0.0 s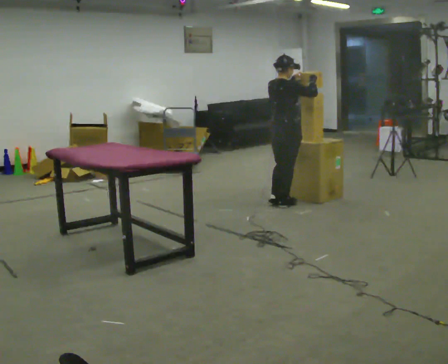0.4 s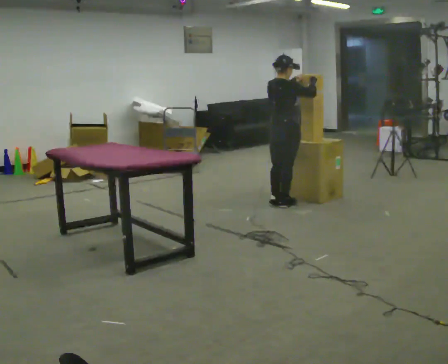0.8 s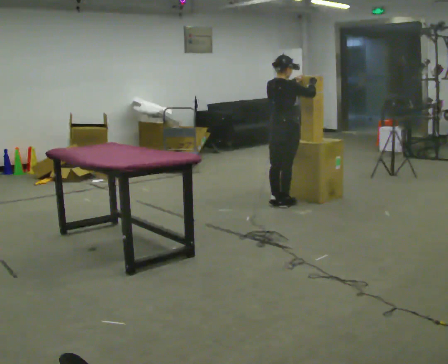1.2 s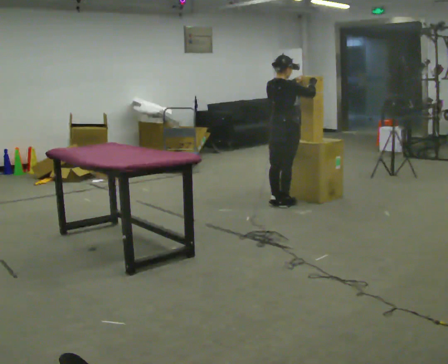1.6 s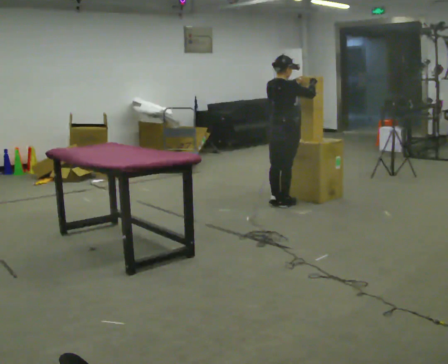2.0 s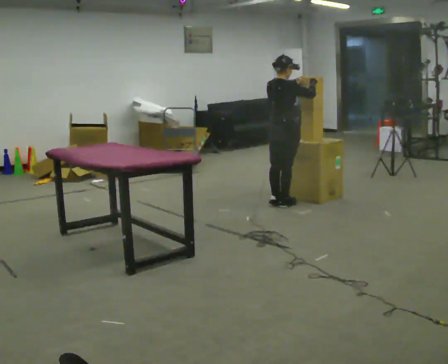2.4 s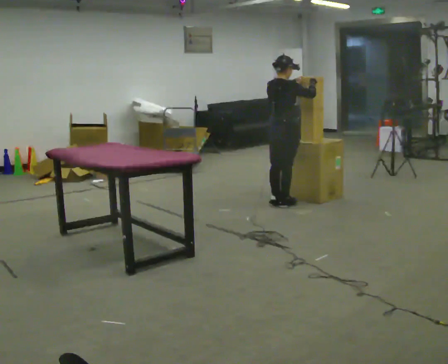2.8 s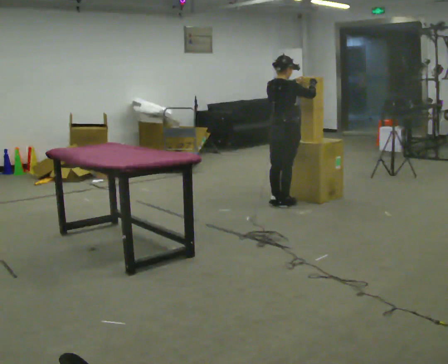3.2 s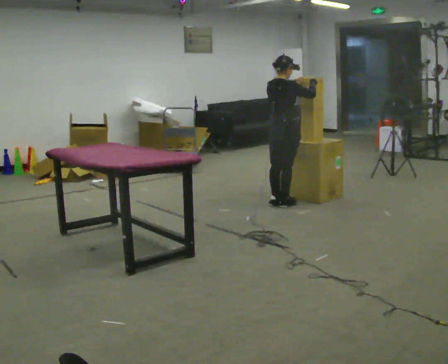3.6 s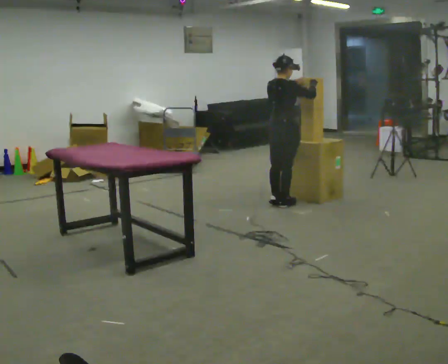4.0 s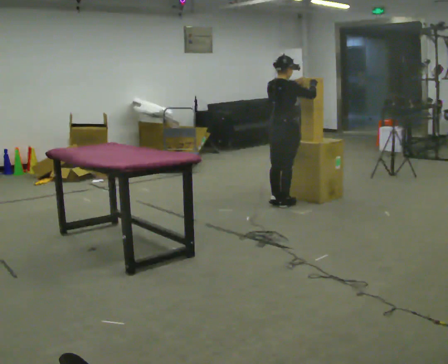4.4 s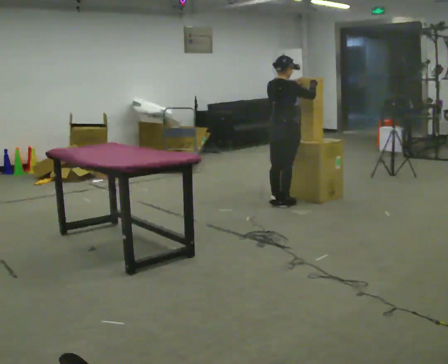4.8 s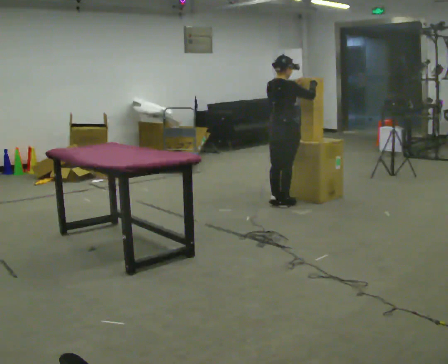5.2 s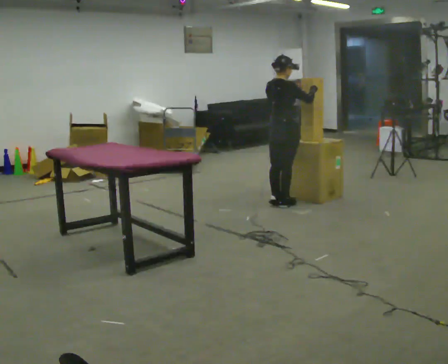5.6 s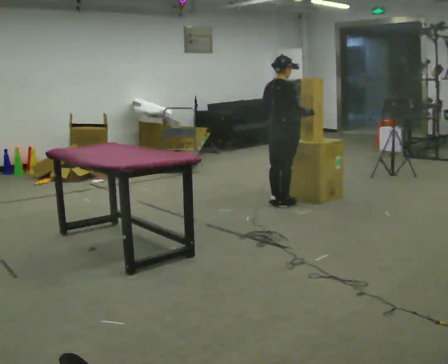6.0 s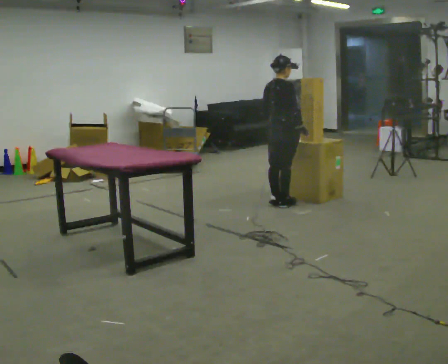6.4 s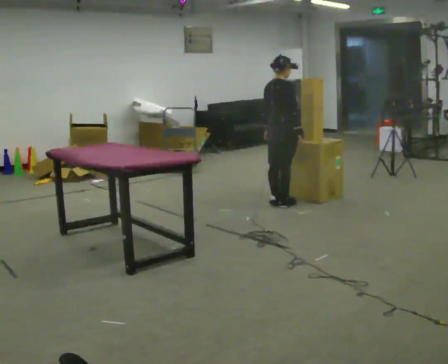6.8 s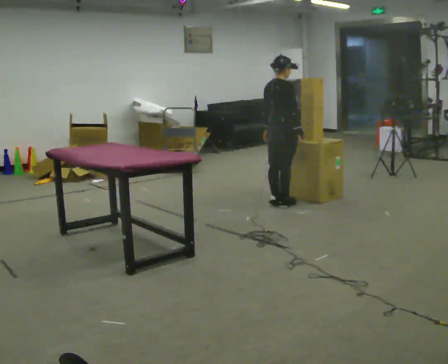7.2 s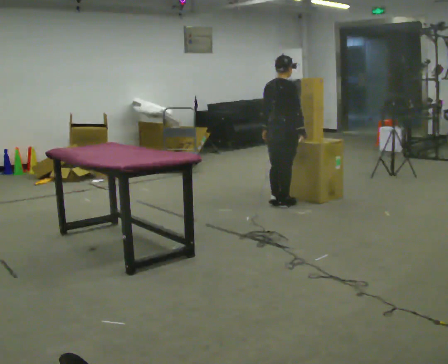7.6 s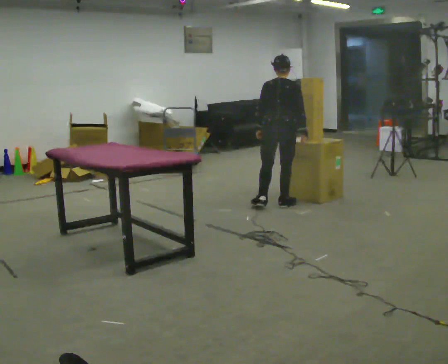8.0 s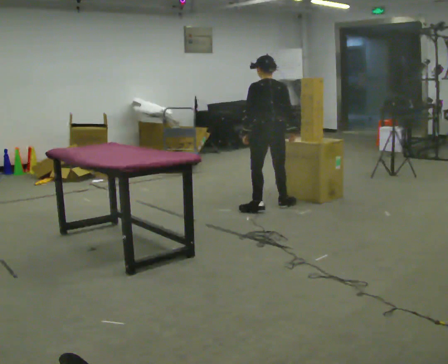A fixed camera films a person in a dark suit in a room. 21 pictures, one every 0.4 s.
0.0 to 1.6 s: The person moves a little, or ends about where they began.
1.6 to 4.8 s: The person keeps their place and pose.
4.8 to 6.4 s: In the picture their left hand goes downward.
6.4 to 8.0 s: Seen from above the body turns counterclockwise, about 75 degrees: to their left, with its near side sliding to the right. In the picture they go toward the camera, about 0.25 m in 1 step.
The film runs forward here.
